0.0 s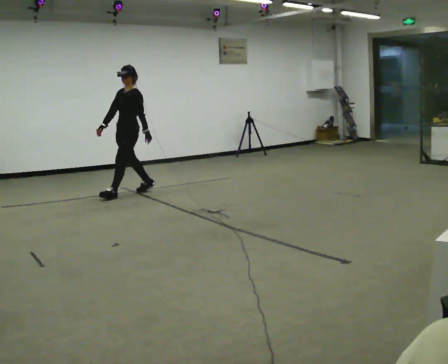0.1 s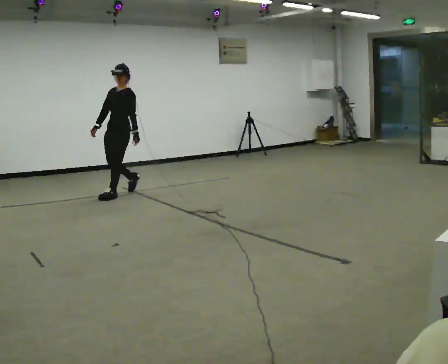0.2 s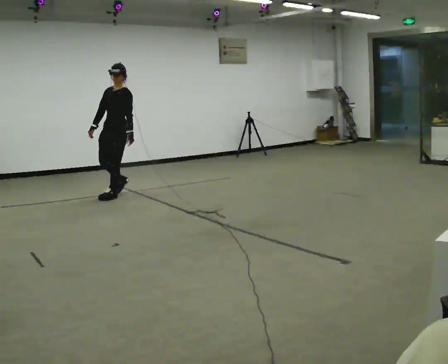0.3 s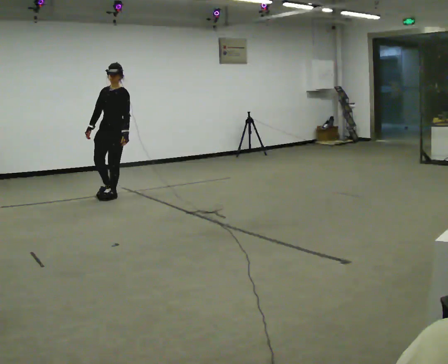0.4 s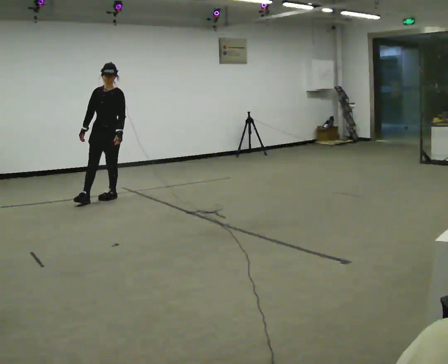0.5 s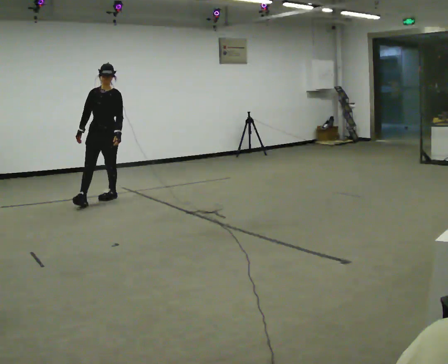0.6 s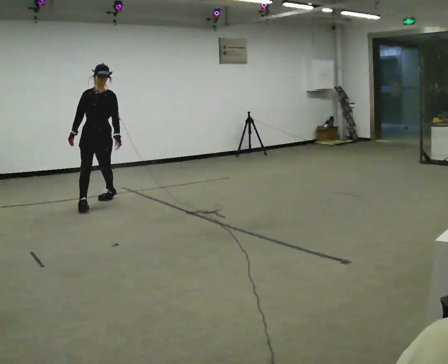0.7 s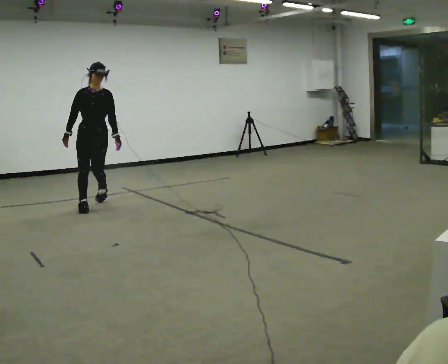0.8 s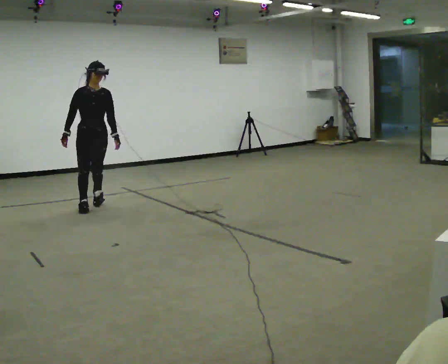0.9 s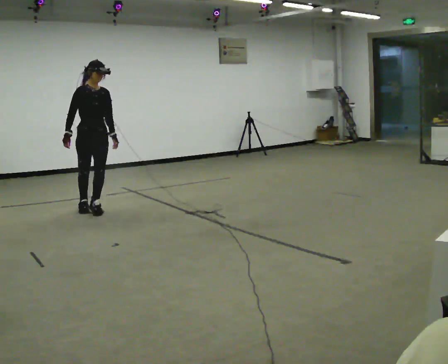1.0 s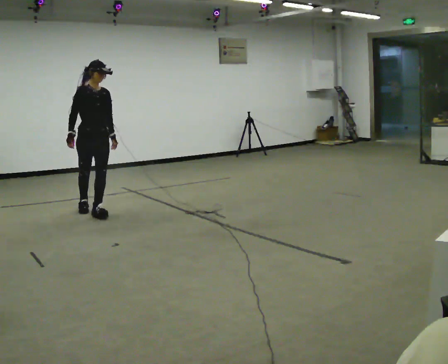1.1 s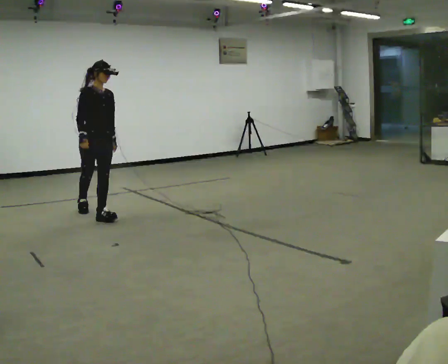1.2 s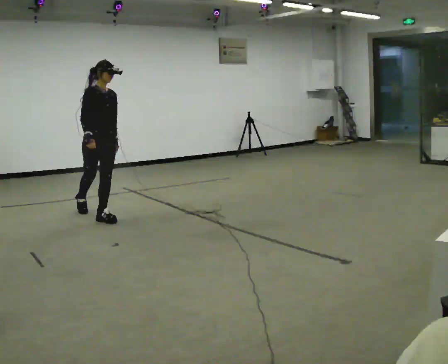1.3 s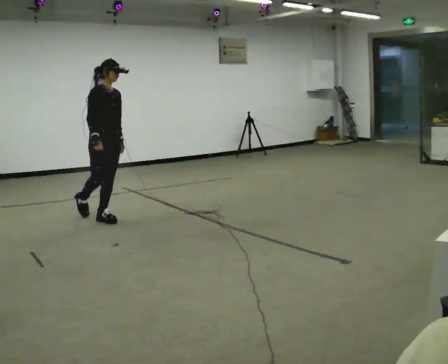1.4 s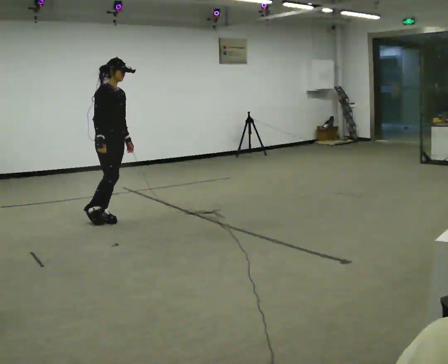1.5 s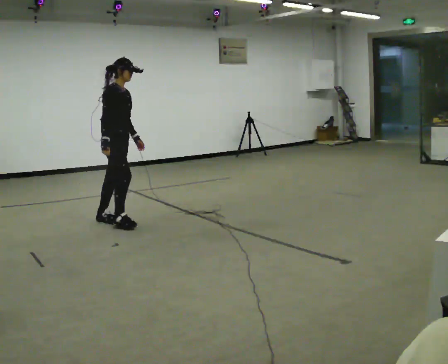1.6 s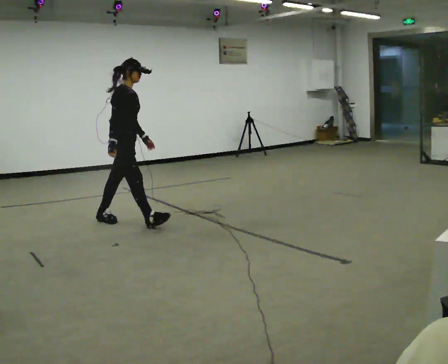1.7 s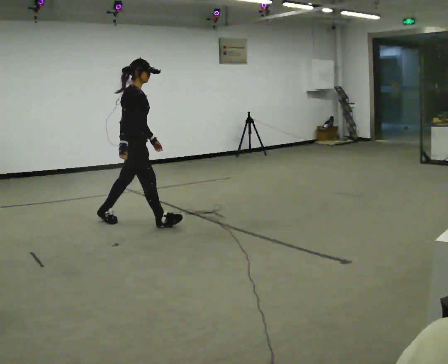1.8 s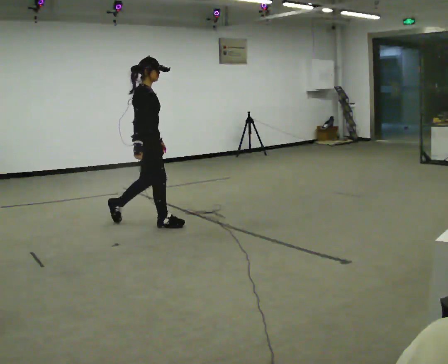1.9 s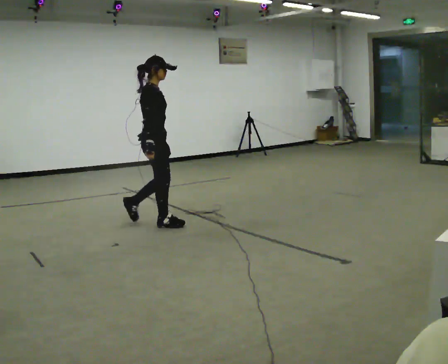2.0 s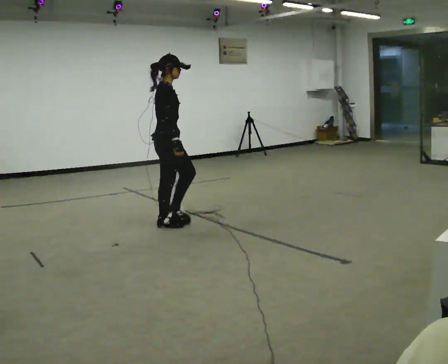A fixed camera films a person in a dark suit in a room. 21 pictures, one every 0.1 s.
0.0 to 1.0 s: The part of the body nearest the lens slides to the right as the person turns to their left by about 90 degrees. In the picture they go toward the camera and to the left, about 1 m in 1 step.
1.0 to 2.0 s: The person turns about 60 degrees to their left, counterclockwise seen from above, so the part of the body nearest the lens slides to the right. In the picture they go to the right and toward the camera, about 1 m in 2 steps, which for them is forward.
The film runs forward here.
